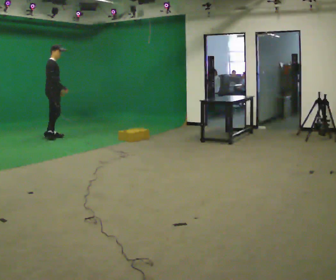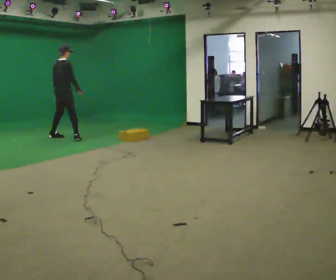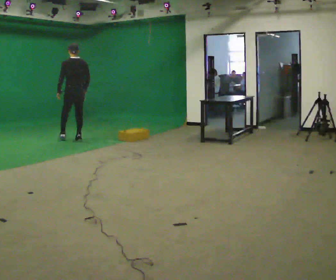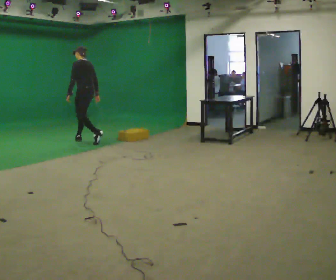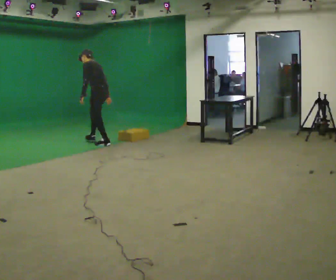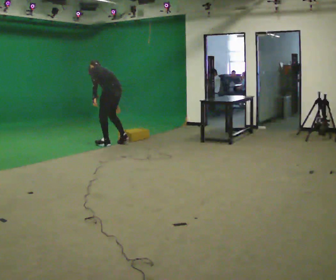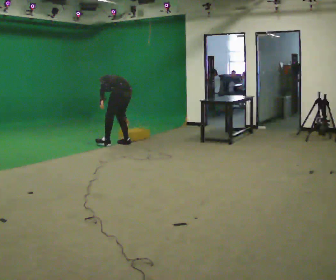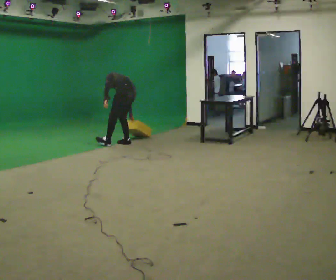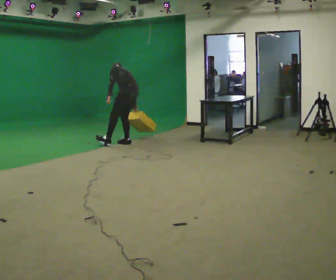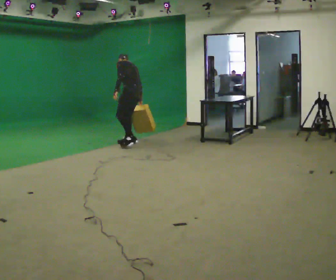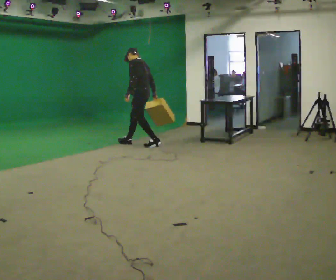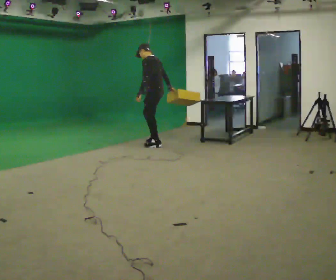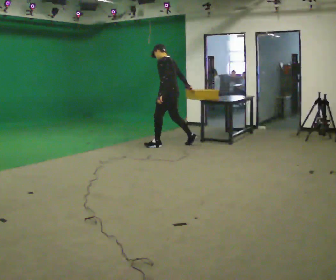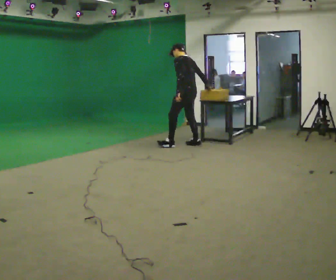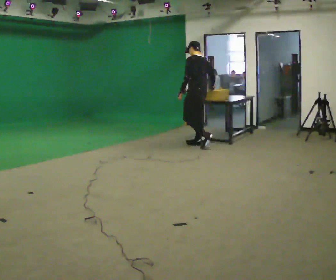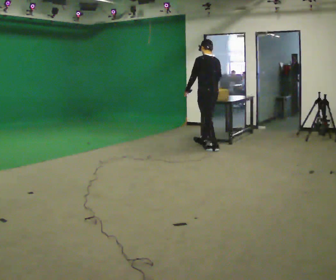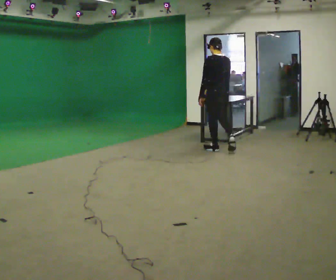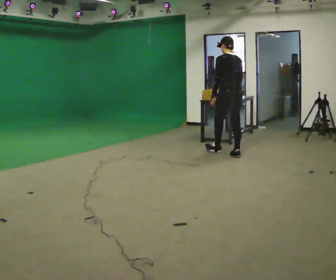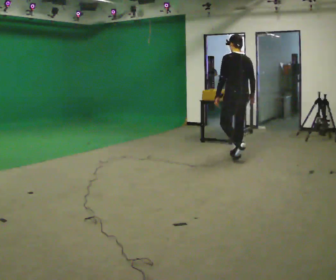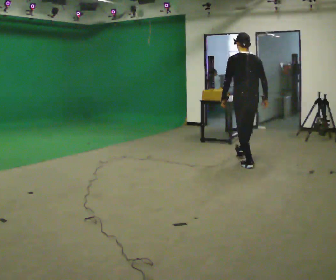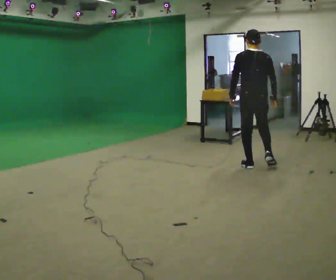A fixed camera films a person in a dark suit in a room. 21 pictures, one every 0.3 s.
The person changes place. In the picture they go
to the right.
0.0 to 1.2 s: The part of the body nearest the lens slides to the right as the person turns to their left by about 165 degrees. In the picture they go to the right, about 1 m in 2 steps. In the picture the upper body tilts counterclockwise, shoulders to the left, as they bend forward.
1.2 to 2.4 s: In the picture they go to the right, about 0.5 m in 1 step, which for them is backward and to their right.
2.4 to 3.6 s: In the picture they go to the right, about 0.75 m in 1 step, which for them is backward. The shoulders move upward. The upper body tips toward the camera, its near side rolling downward, as they lean back or straighten. In the picture their right hand goes upward.
3.6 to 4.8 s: The part of the body nearest the lens slides to the left as the person turns to their right by about 30 degrees. In the picture they go to the right and toward the camera, about 1 m in 2 steps, which for them is backward.
4.8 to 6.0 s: Seen from above the body turns clockwise, about 30 degrees: to their right, with its near side sliding to the left. In the picture they go toward the camera, about 1 m in 2 steps, which for them is backward.
The film runs backward here.
